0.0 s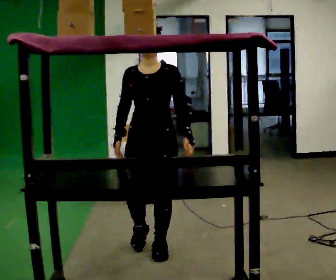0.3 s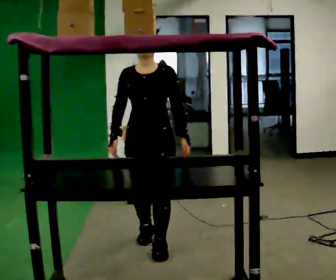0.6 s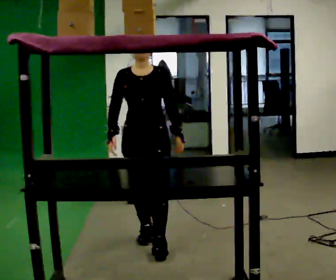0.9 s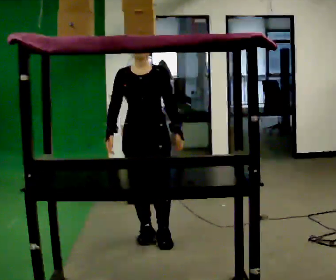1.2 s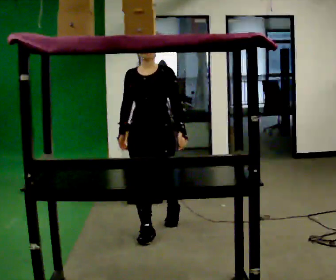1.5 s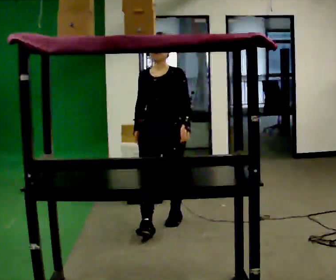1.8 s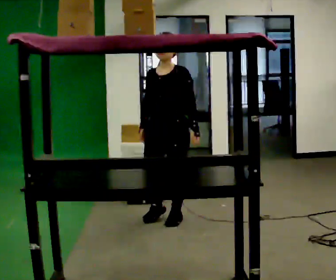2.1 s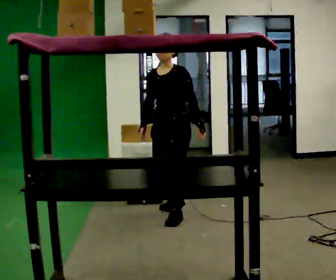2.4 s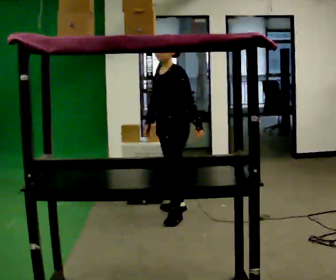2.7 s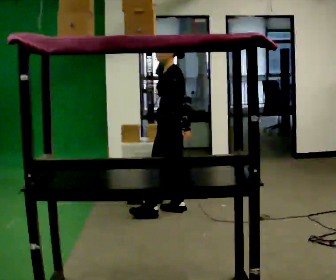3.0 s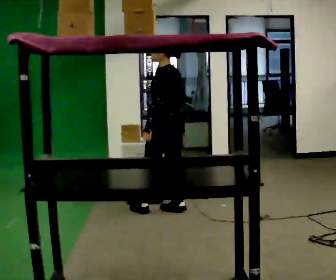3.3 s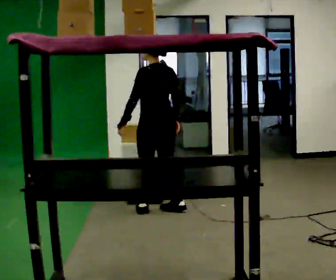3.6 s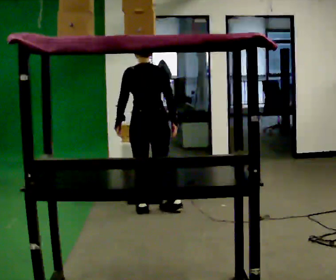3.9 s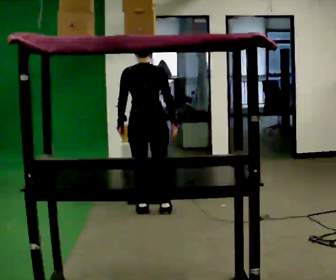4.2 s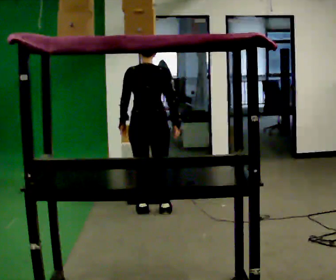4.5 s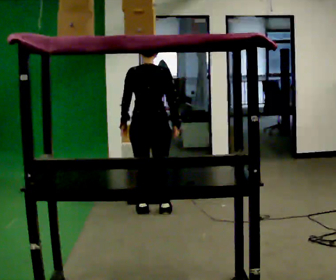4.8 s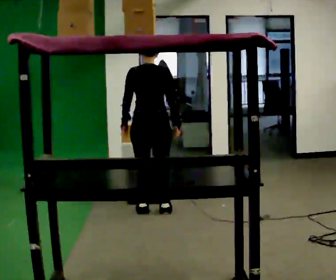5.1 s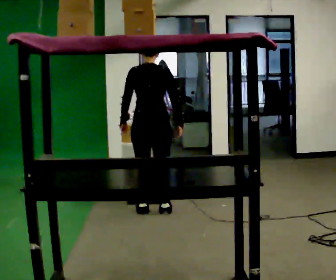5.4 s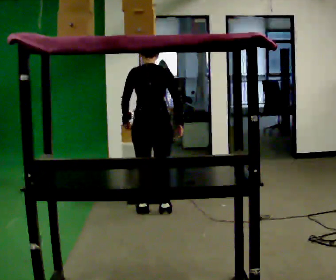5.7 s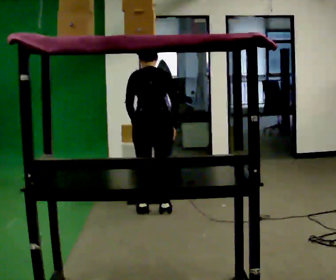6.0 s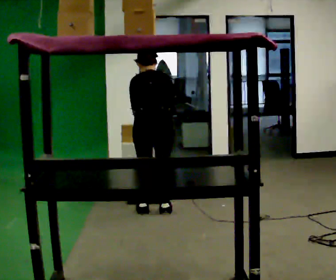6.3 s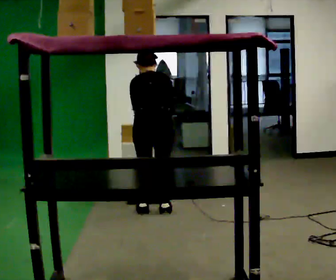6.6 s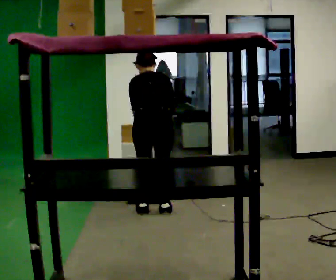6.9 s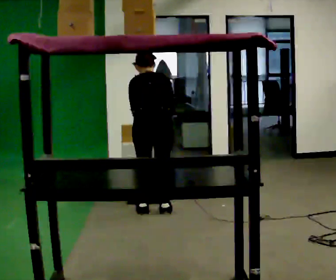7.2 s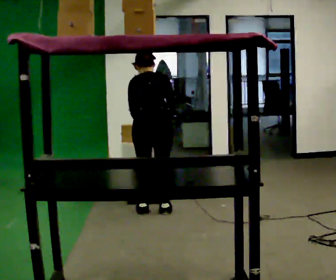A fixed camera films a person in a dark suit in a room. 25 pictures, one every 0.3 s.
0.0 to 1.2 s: In the picture they go away from the camera, about 0.5 m in 1 step, which for them is backward.
1.2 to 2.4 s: The person turns about 60 degrees to their right, clockwise seen from above, so the part of the body nearest the lens slides to the left. In the picture they go away from the camera and to the right, about 0.5 m in 1 step, which for them is backward.
2.4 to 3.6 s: The person turns about 105 degrees to their right, clockwise seen from above, so the part of the body nearest the lens slides to the left. In the picture they go to the left, about 0.25 m in 1 step. In the picture their left hand goes to the left, the arm swinging clockwise.
3.6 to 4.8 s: The person moves a little, or ends about where they began.
4.8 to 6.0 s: The upper body tips away from the camera, its near side rolling upward, as they bend forward.
6.0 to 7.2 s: The person moves a little, or ends about where they began.
The film runs backward here.
